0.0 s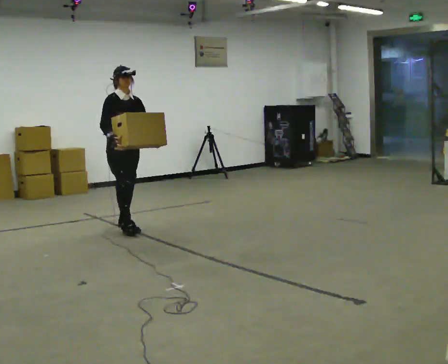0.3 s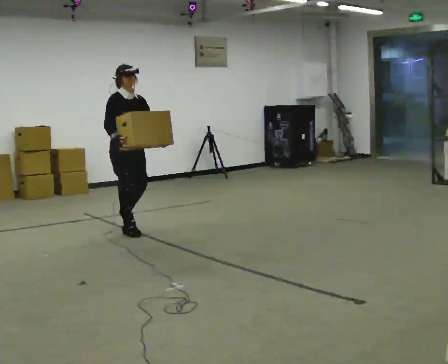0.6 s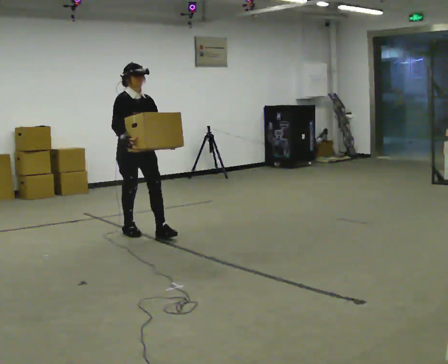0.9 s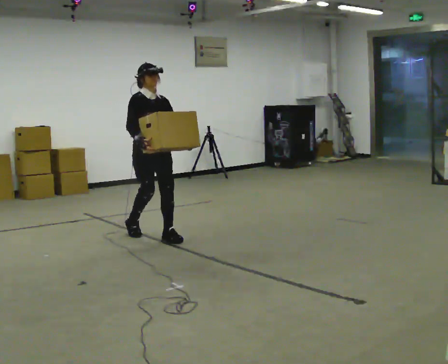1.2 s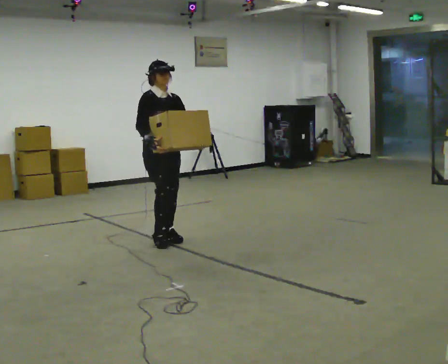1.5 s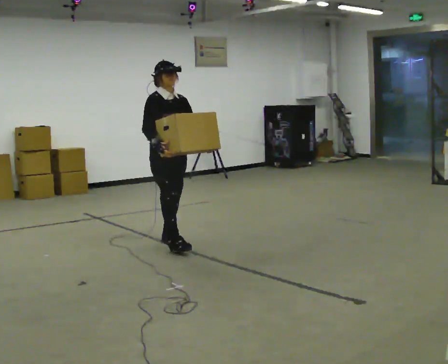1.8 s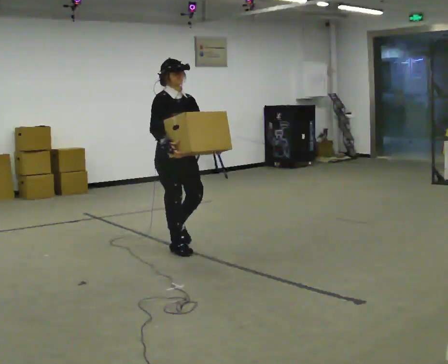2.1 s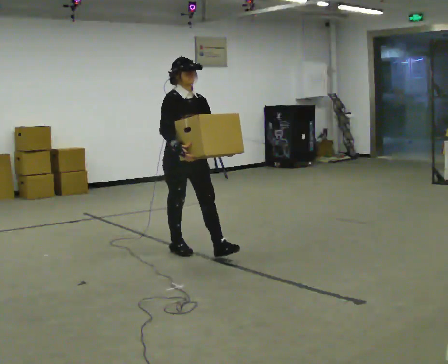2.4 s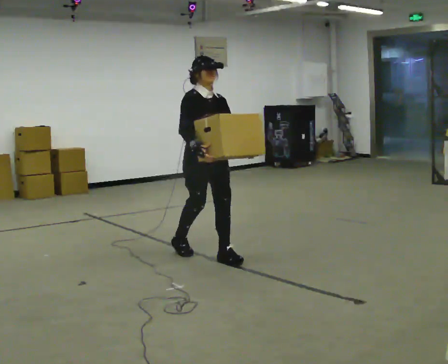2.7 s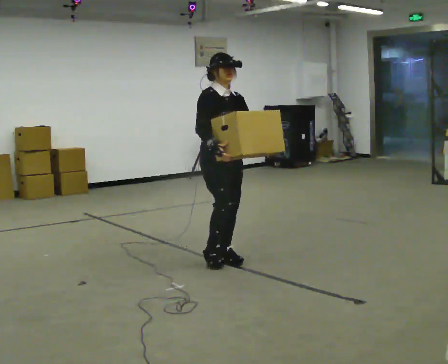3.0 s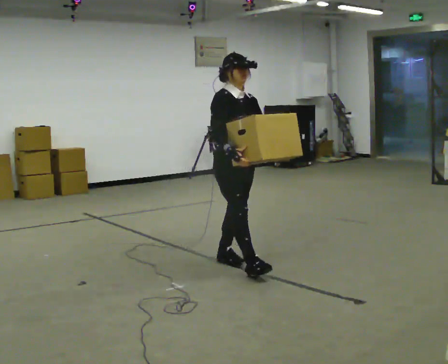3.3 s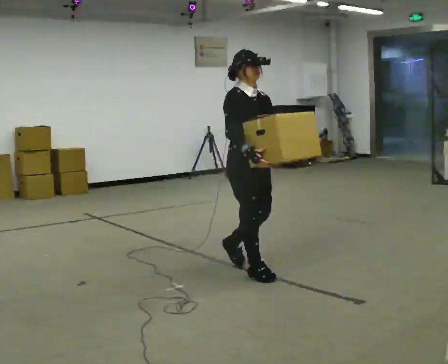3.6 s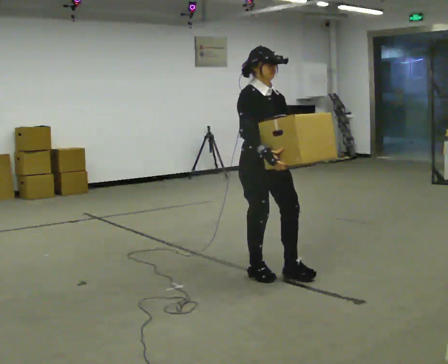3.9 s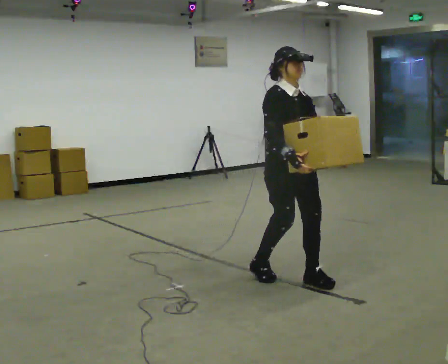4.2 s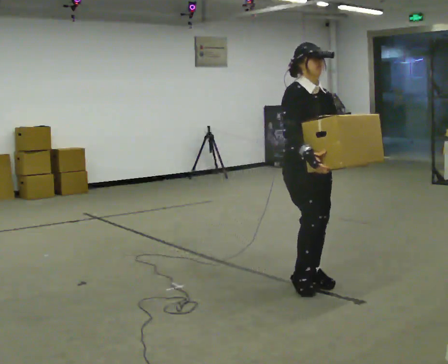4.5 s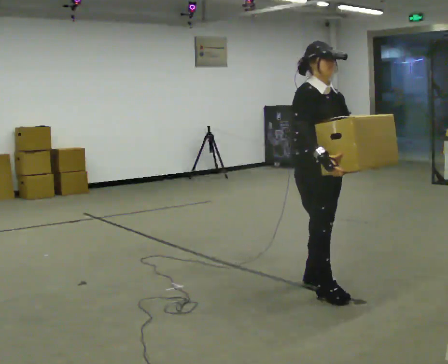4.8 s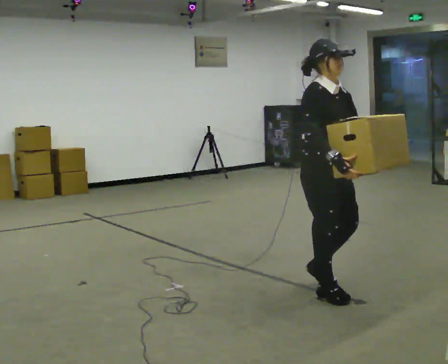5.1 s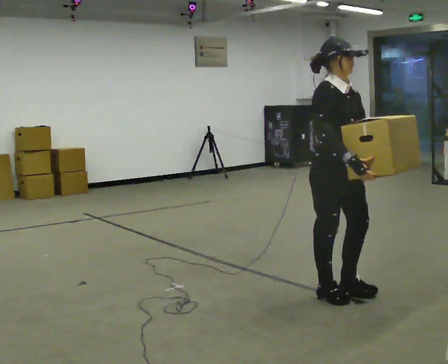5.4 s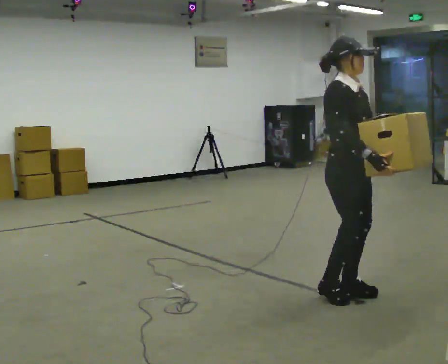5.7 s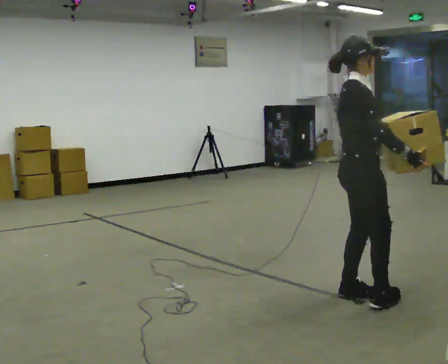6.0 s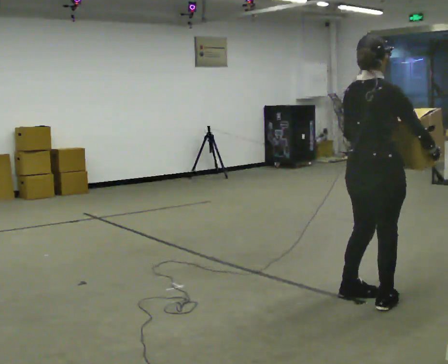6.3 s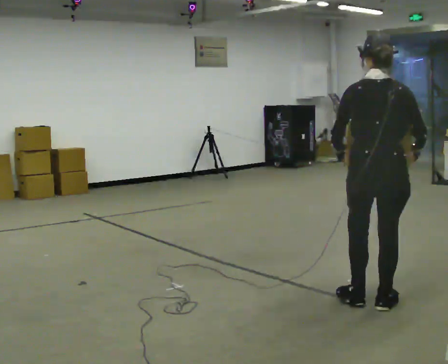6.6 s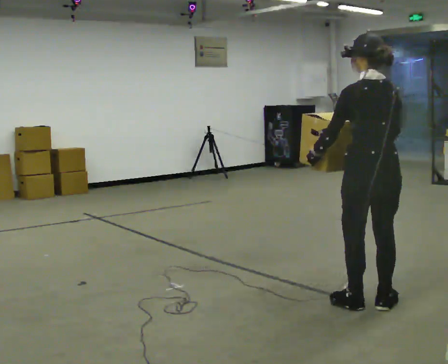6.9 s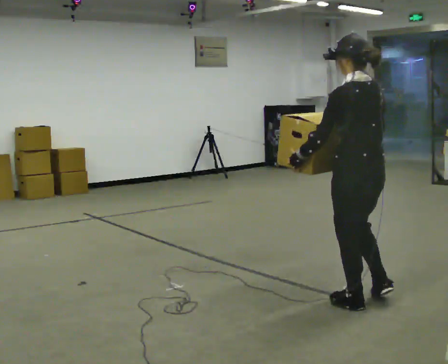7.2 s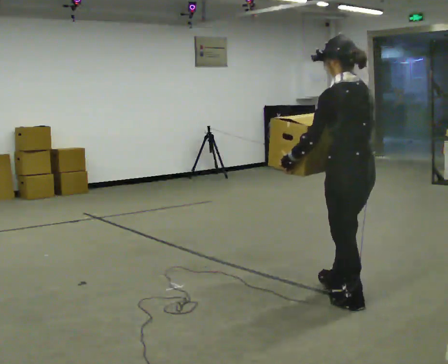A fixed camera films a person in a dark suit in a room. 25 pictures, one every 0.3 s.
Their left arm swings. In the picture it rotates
clockwise.
0.0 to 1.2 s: In the picture they go toward the camera and to the right, about 0.75 m in 1 step, which for them is forward.
1.2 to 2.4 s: In the picture they go toward the camera and to the right, about 0.5 m in 2 steps, which for them is forward.
2.4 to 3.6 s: In the picture they go toward the camera and to the right, about 0.75 m in 1 step, which for them is forward.
3.6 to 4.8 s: In the picture they go toward the camera and to the right, about 0.5 m in 2 steps, which for them is forward.
4.8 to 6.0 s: The person turns about 75 degrees to their left, counterclockwise seen from above, so the part of the body nearest the lens slides to the right. In the picture they go toward the camera and to the right, about 0.25 m in 2 steps.
6.0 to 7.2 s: The person turns about 90 degrees to their left, counterclockwise seen from above, so the part of the body nearest the lens slides to the right. In the picture their right hand goes to the left, the arm swinging clockwise.
The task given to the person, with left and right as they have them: Carry the box across the room, back and forth. The operator will swap between the box with handles and the one without.
The film runs forward here.
